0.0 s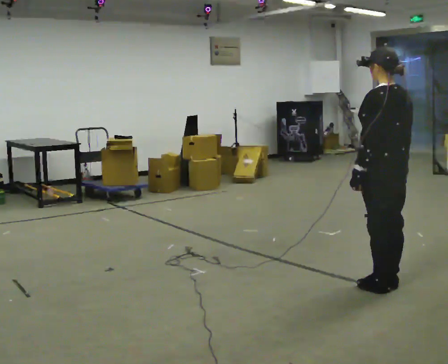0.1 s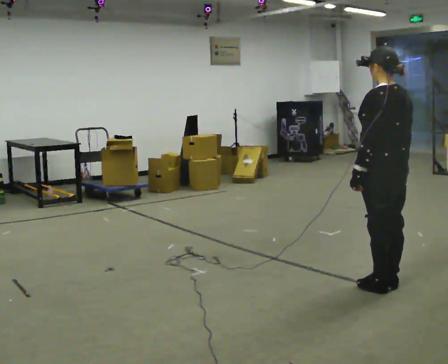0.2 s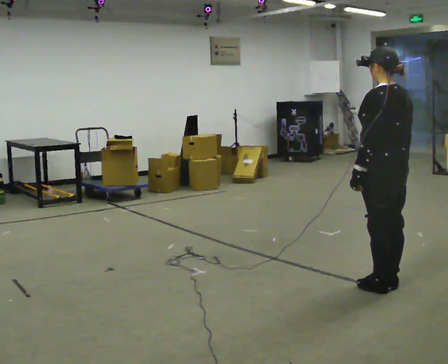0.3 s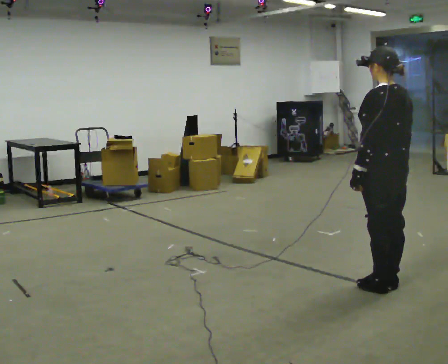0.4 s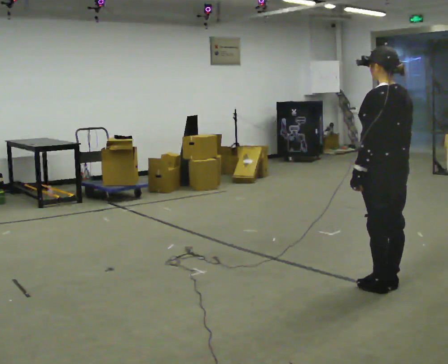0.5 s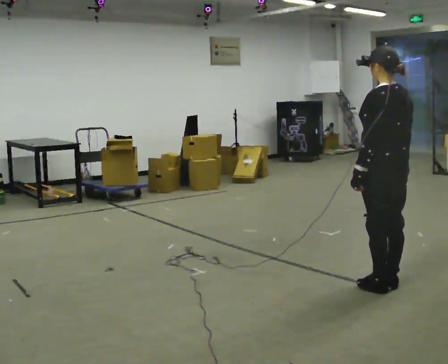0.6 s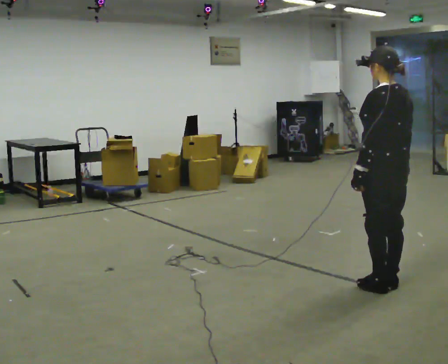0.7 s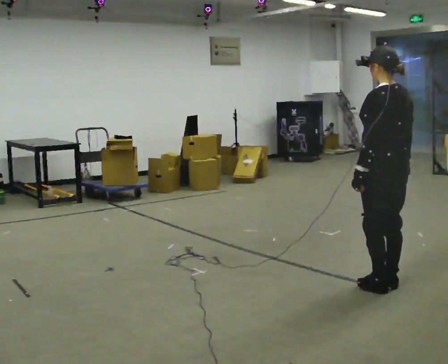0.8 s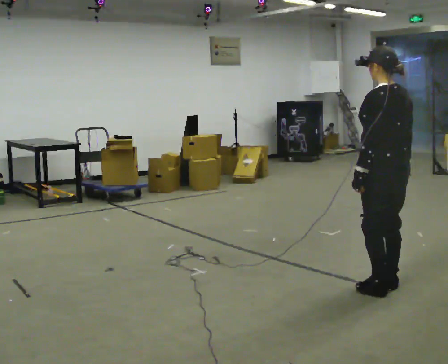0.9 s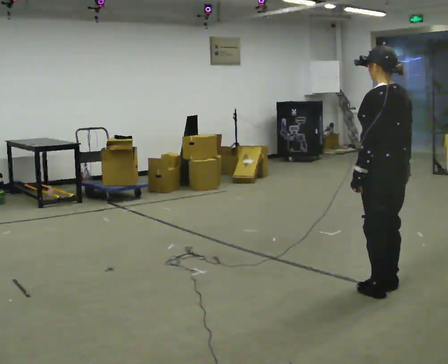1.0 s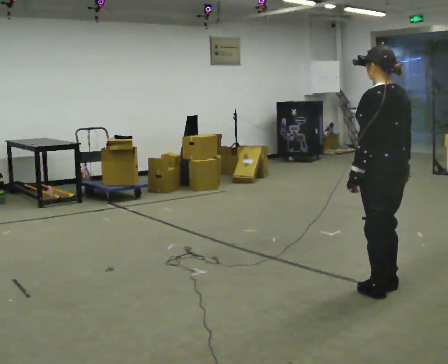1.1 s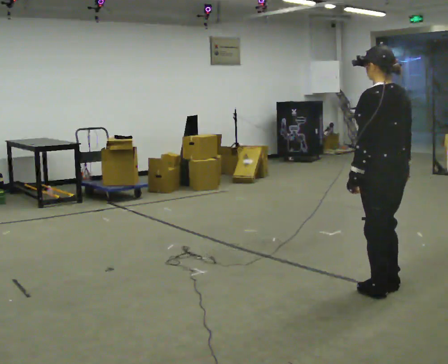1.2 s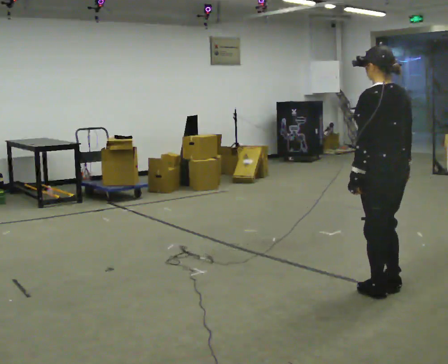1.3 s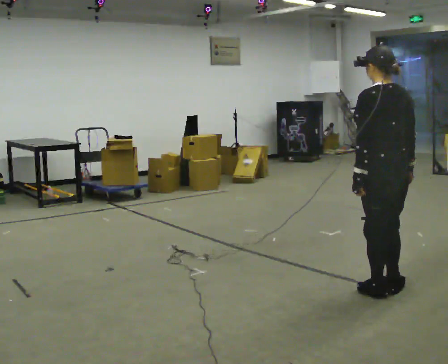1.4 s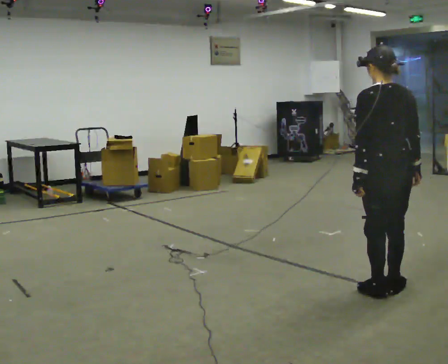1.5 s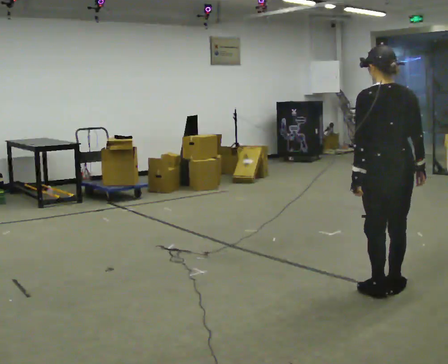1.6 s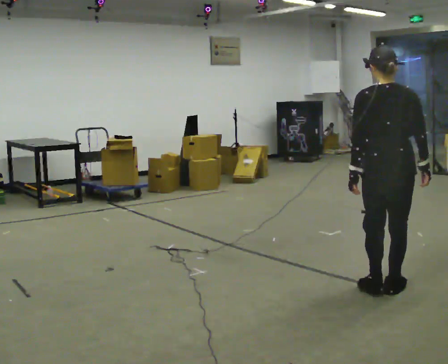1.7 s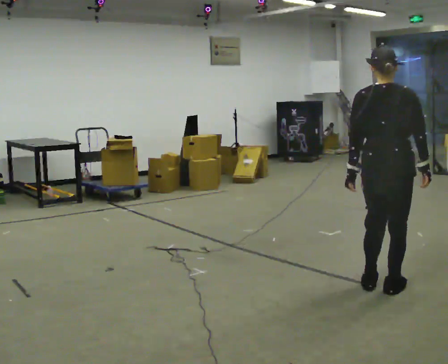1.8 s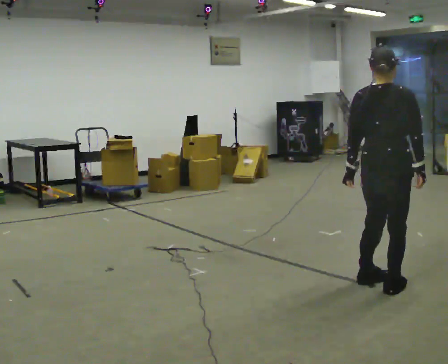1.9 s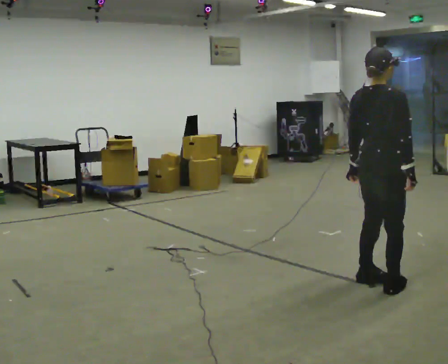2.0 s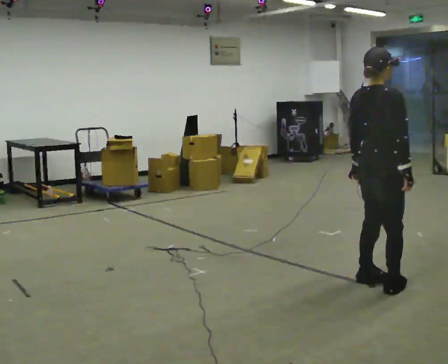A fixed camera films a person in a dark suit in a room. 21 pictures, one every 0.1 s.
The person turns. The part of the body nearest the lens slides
to the left.
The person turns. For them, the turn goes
to their right.
0.0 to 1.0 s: The person moves a little, or ends about where they began.
1.0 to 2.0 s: The person turns about 90 degrees to their right, clockwise seen from above, so the part of the body nearest the lens slides to the left.
The film runs backward here.
